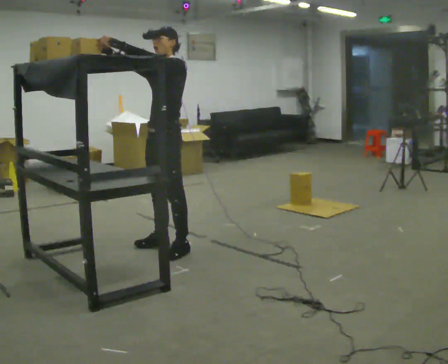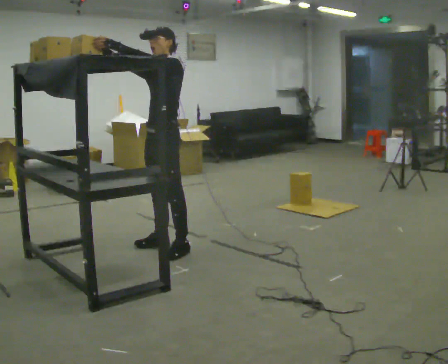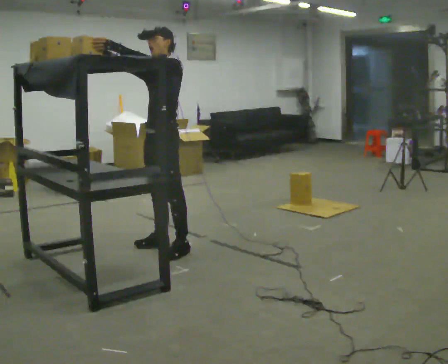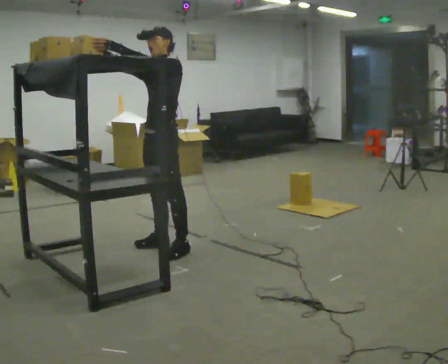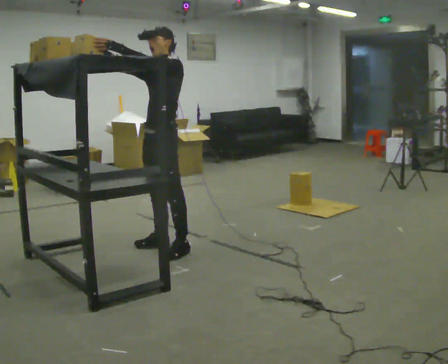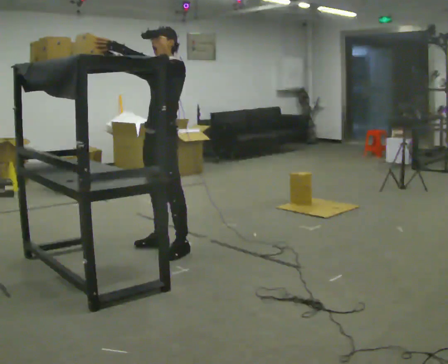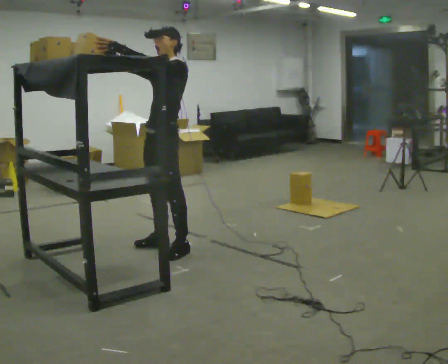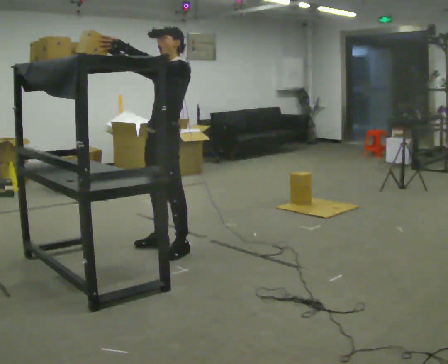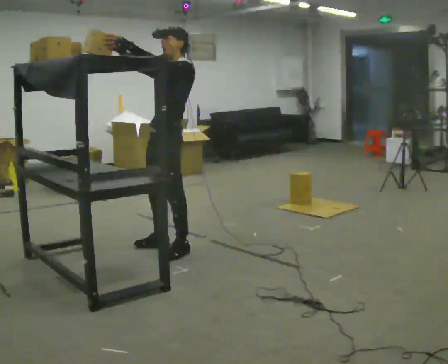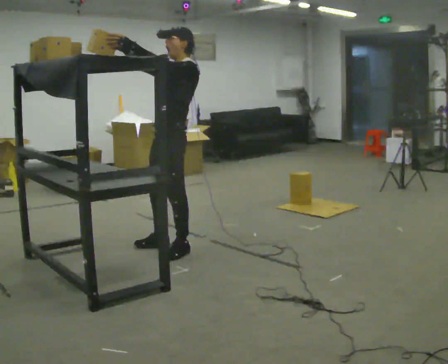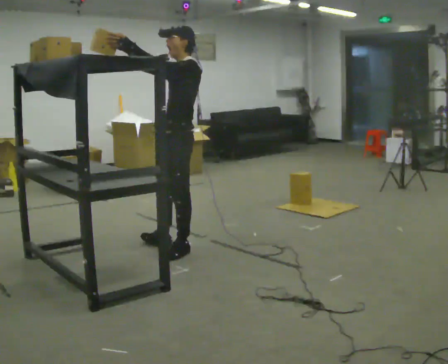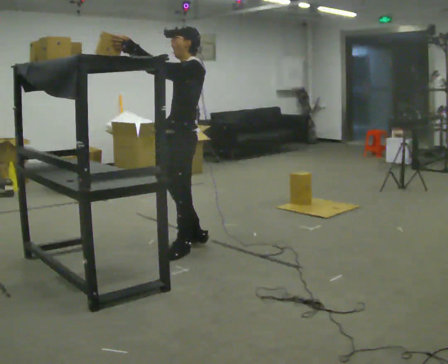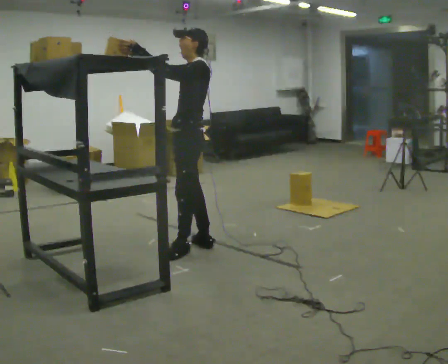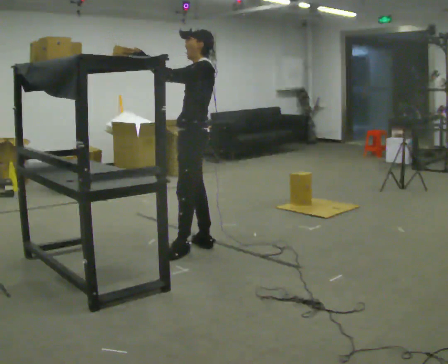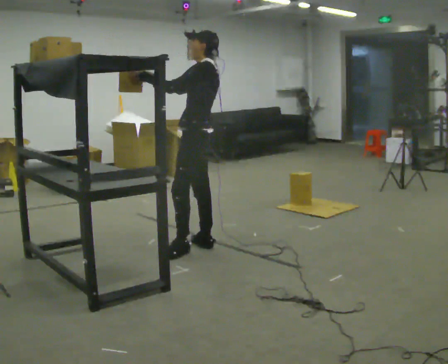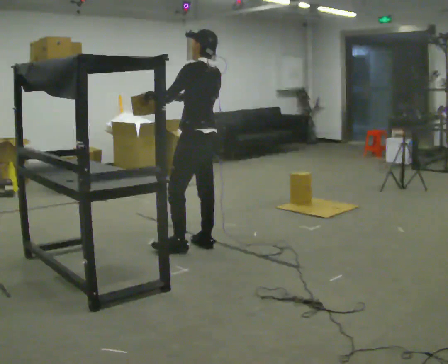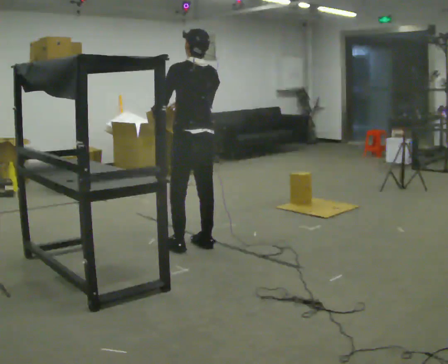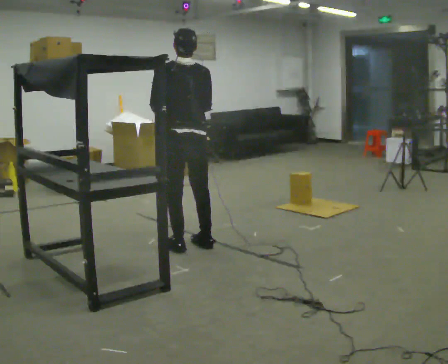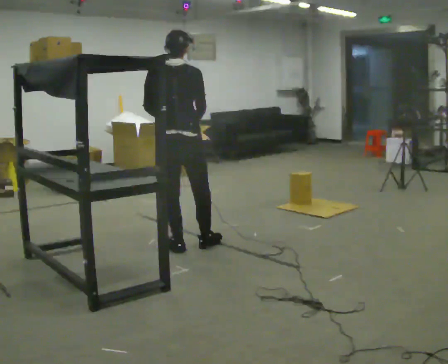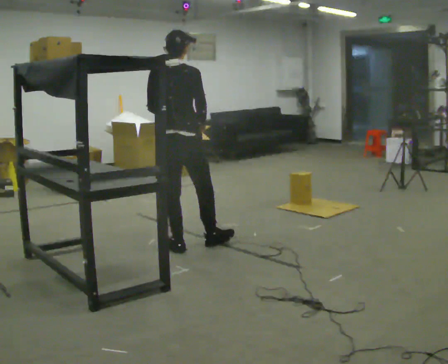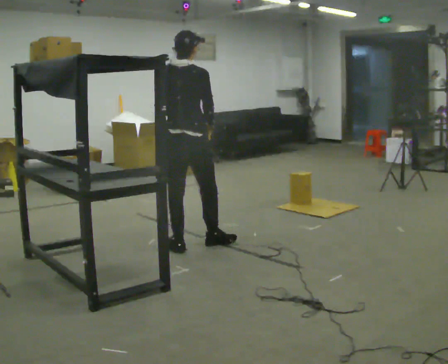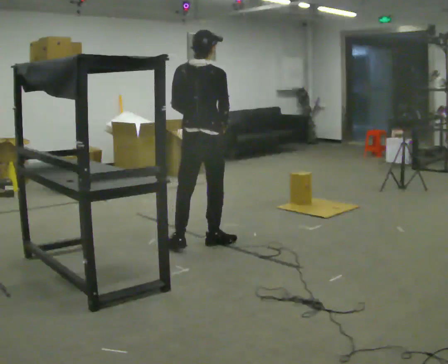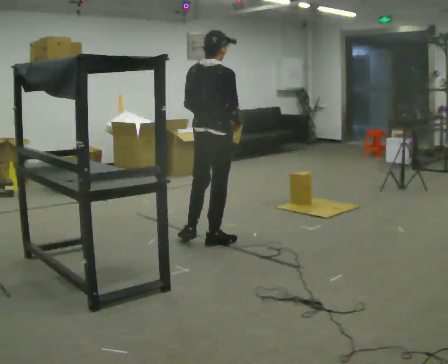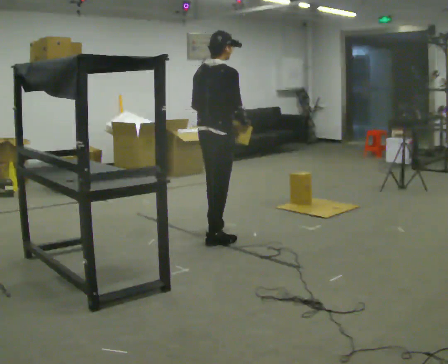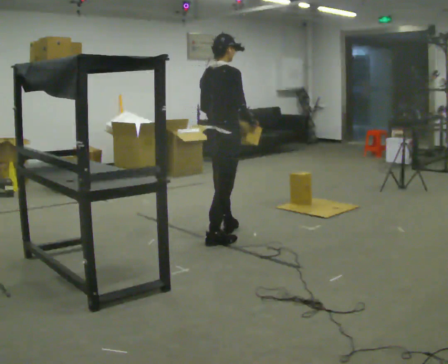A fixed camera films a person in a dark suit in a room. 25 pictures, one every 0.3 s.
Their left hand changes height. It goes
downward.
The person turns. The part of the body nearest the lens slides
to the left.
0.0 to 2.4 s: The person moves a little, or ends about where they began.
2.4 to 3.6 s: In the picture they go to the right, about 0.25 m in 1 step, which for them is backward.
3.6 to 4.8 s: Seen from above the body turns clockwise, about 75 degrees: to their right, with its near side sliding to the left. In the picture their right hand goes downward and to the right.
4.8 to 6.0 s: The person turns about 45 degrees to their right, clockwise seen from above, so the part of the body nearest the lens slides to the left.
6.0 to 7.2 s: Seen from above the body turns clockwise, about 30 degrees: to their right, with its near side sliding to the left. In the picture they go to the right and away from the camera, about 0.5 m in 1 step, which for them is forward.
The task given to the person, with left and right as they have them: 1. Bring the boxes over from the shelf one at a time. 2. Stack them on the pallet with the heaviest at the bottom. 3. Do not stack more than three high. 4. Tell the operator when you are finished.
The film runs forward here.
